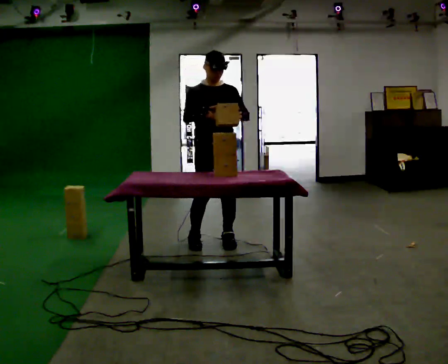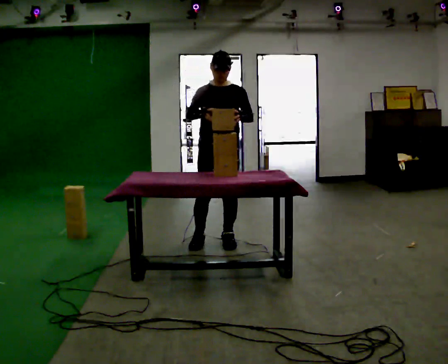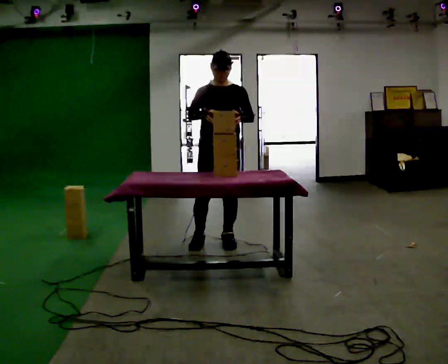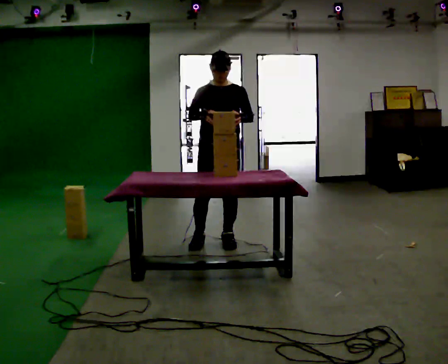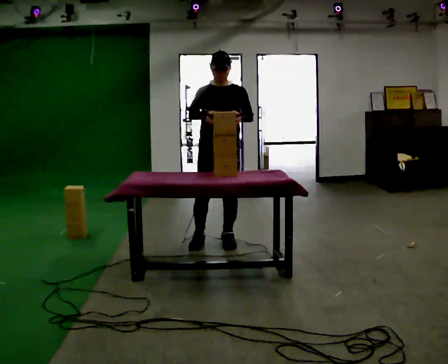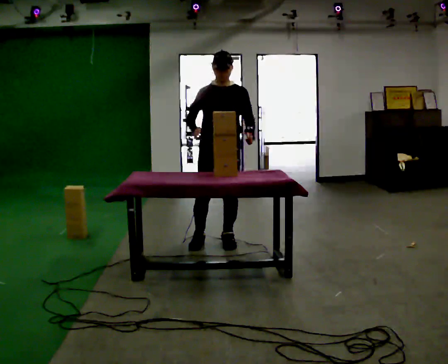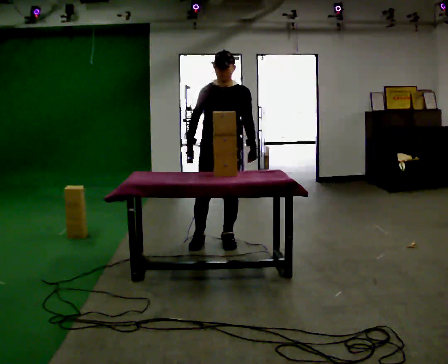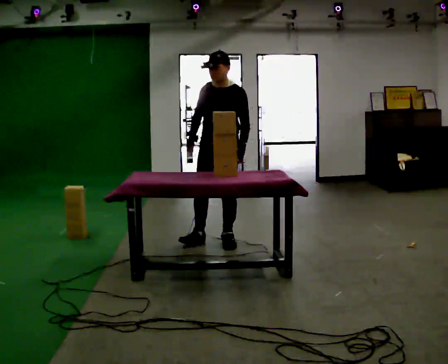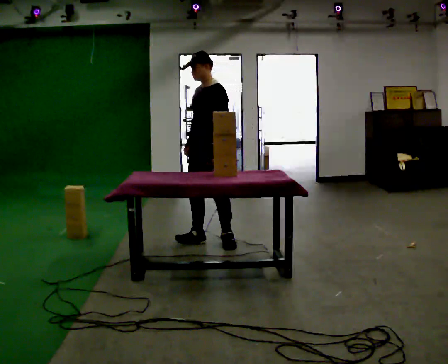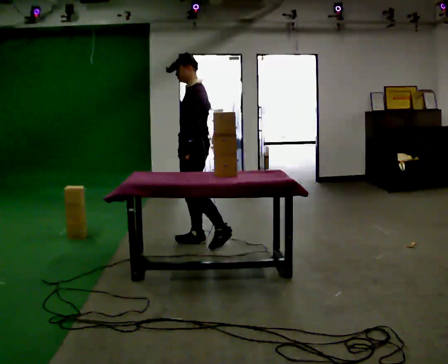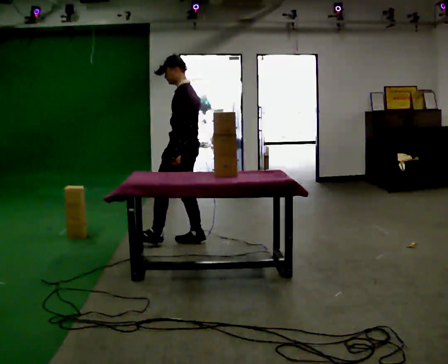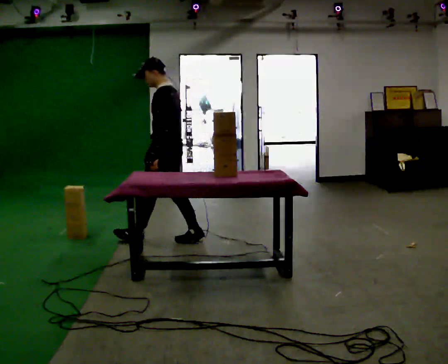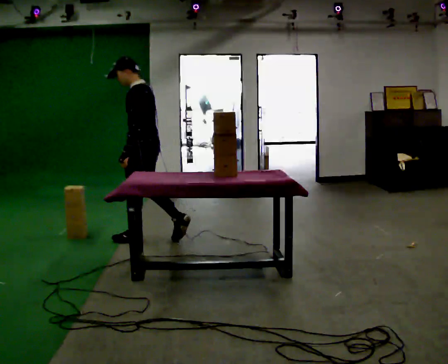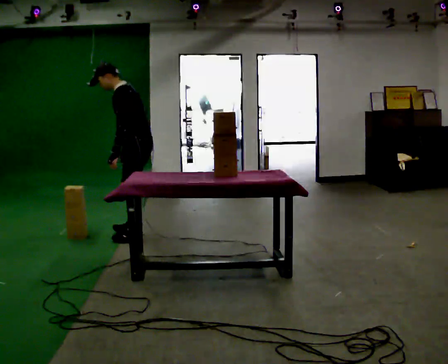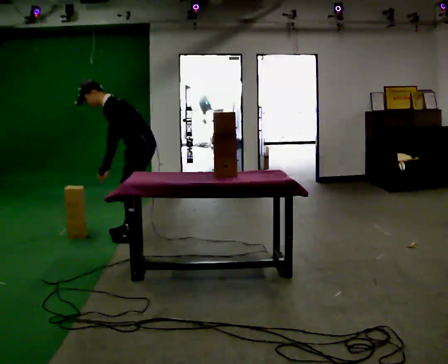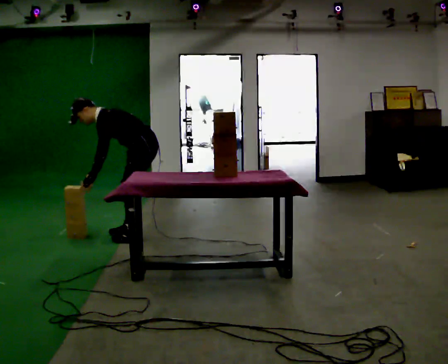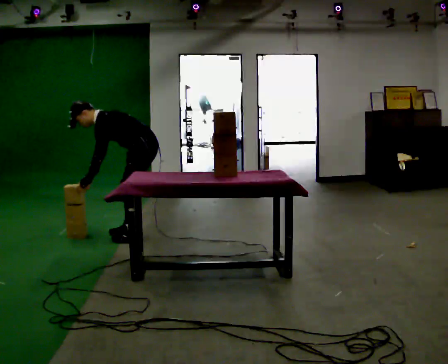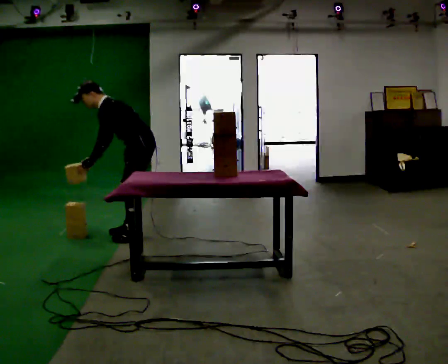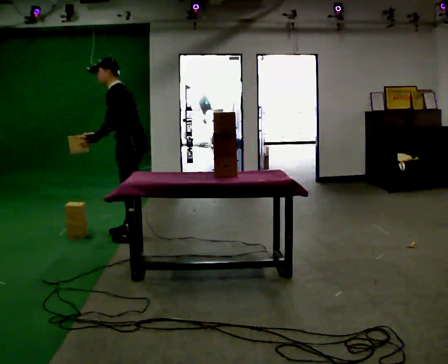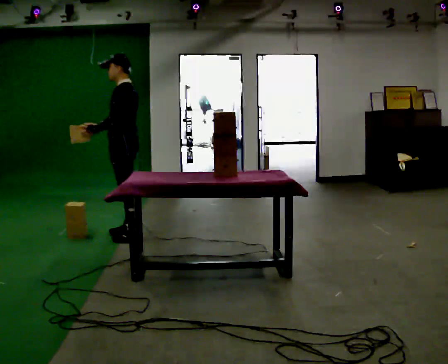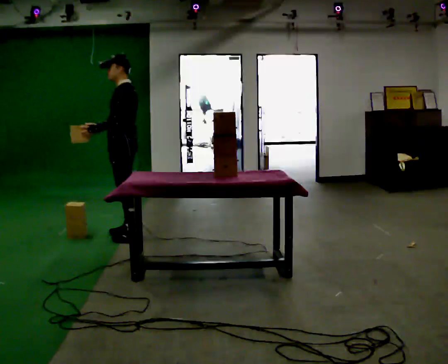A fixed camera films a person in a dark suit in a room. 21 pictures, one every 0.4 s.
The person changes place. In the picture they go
to the left.
0.0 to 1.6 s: The person moves a little, or ends about where they began.
1.6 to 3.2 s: The person turns about 45 degrees to their right, clockwise seen from above, so the part of the body nearest the lens slides to the left.
3.2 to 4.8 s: Seen from above the body turns clockwise, about 45 degrees: to their right, with its near side sliding to the left. In the picture they go to the left, about 0.5 m in 1 step, which for them is forward.
4.8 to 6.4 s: In the picture they go away from the camera, about 0.25 m in 1 step, which for them is to their right. The upper body goes downward. In the picture the upper body tilts counterclockwise, shoulders to the left, as they bend forward. In the picture their right hand goes to the left.
6.4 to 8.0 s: In the picture they go to the left, about 0.25 m, which for them is forward. The shoulders move upward. In the picture the upper body tilts clockwise, shoulders to the right, as they lean back or straighten. In the picture their right hand goes upward.
The film runs forward here.
